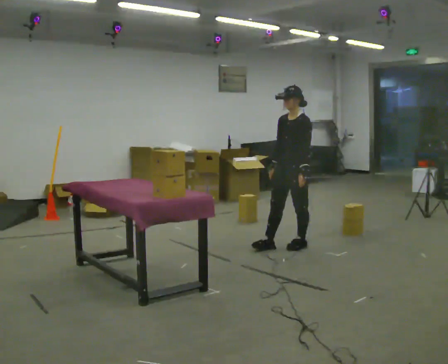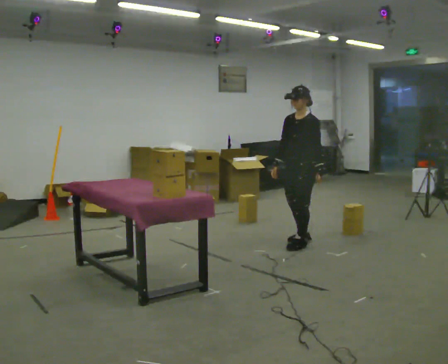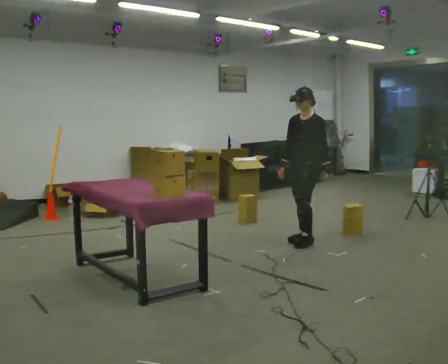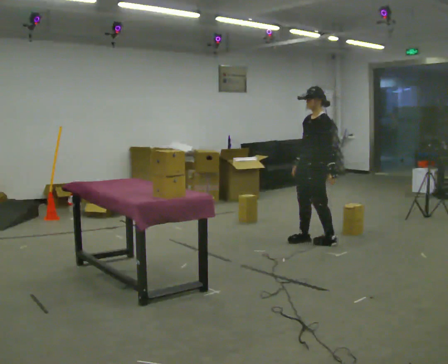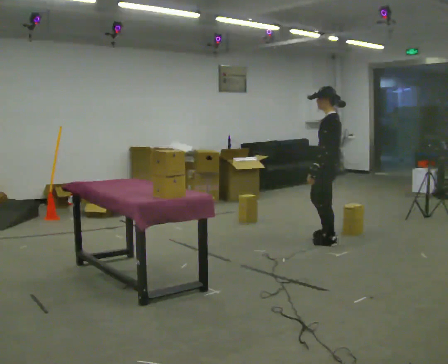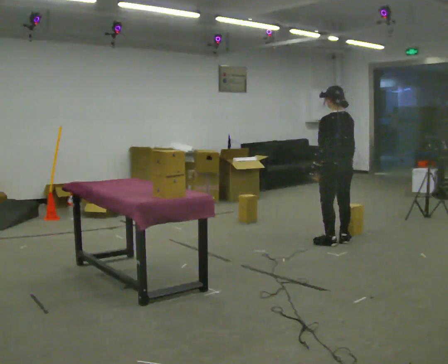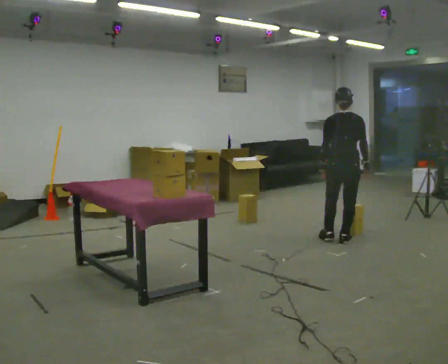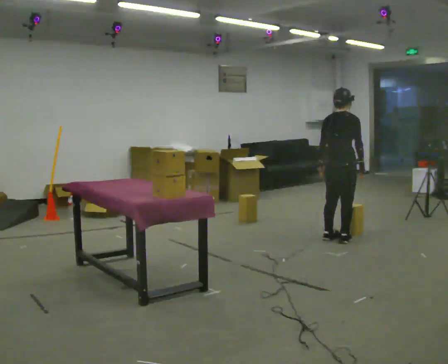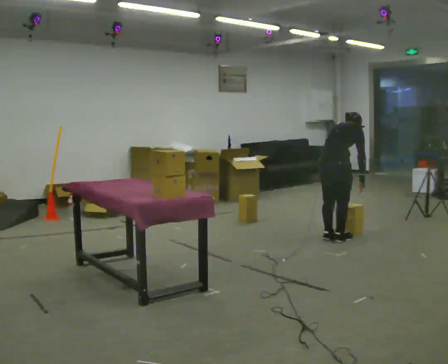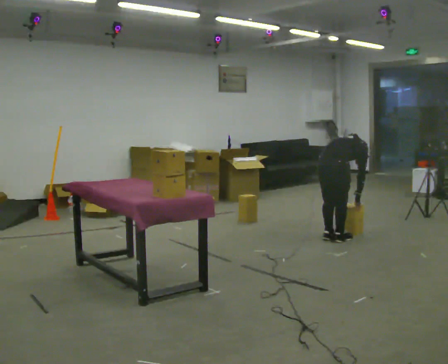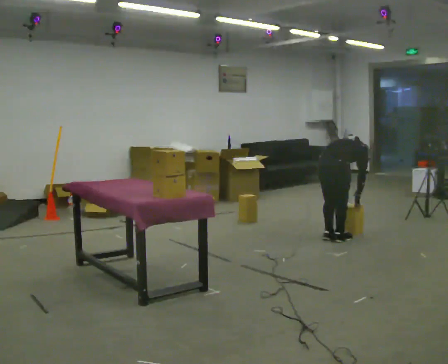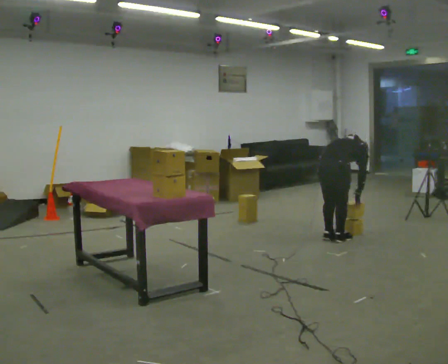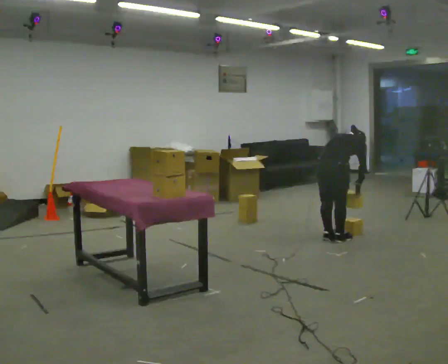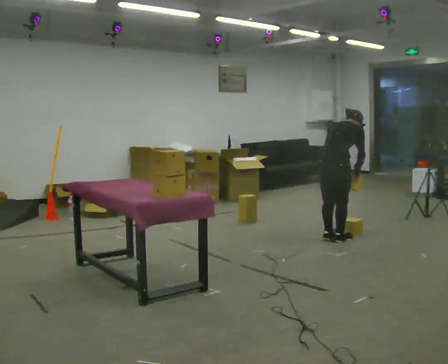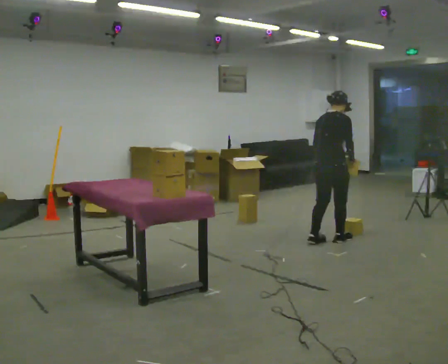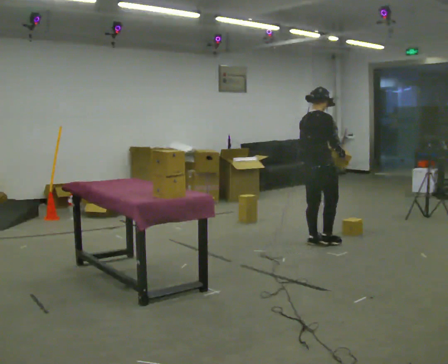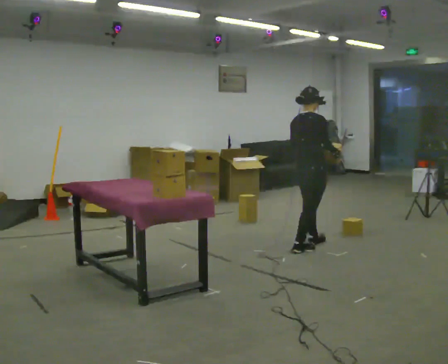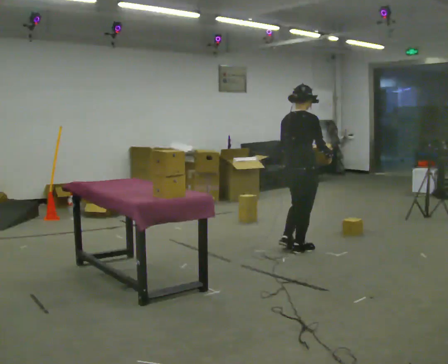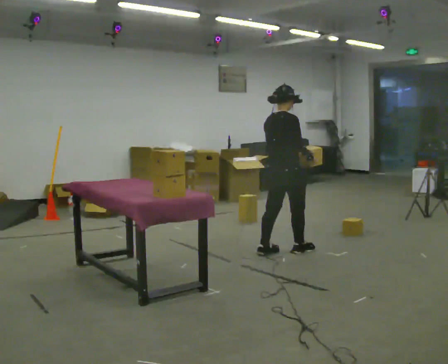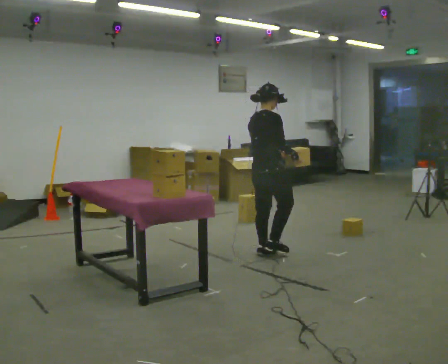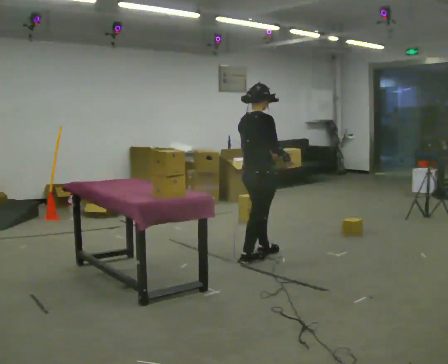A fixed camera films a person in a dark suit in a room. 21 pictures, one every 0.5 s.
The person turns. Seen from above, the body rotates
clockwise.
The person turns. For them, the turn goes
to their right.
0.0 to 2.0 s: The person turns about 60 degrees to their right, clockwise seen from above, so the part of the body nearest the lens slides to the left. In the picture they go to the right, about 0.25 m in 3 steps, which for them is backward and to their left.
2.0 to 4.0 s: Seen from above the body turns clockwise, about 120 degrees: to their right, with its near side sliding to the left. The upper body tips away from the camera, its near side rolling upward, as they bend forward. In the picture their right hand goes to the right.
4.0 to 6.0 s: The person moves a little, or ends about where they began.
6.0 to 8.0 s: In the picture they go to the left and toward the camera, about 0.25 m in 2 steps, which for them is backward. The shoulders move upward. The upper body tips toward the camera, its near side rolling downward, as they lean back or straighten. In the picture their right hand goes upward.
8.0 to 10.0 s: In the picture they go to the left and toward the camera, about 0.75 m in 2 steps, which for them is backward.
The film runs backward here.
